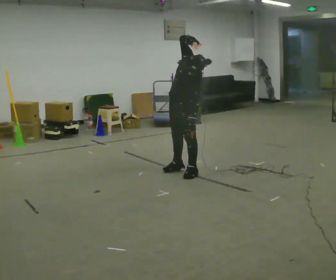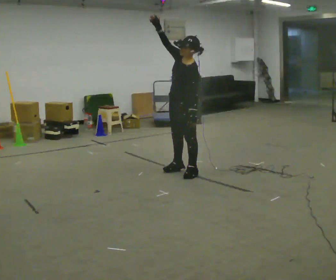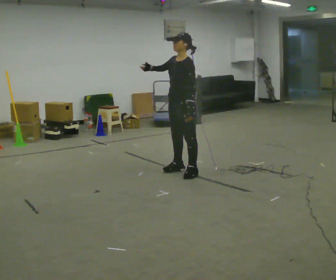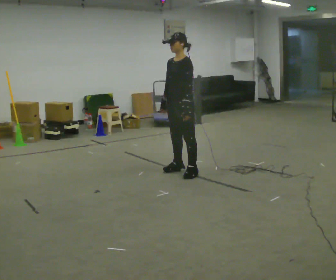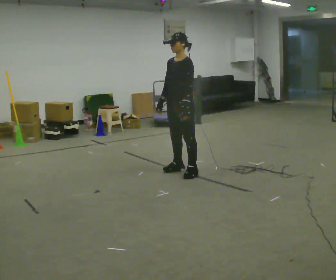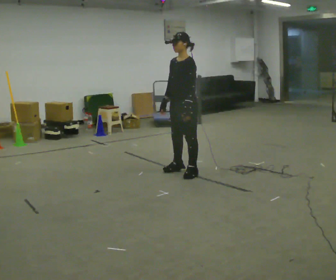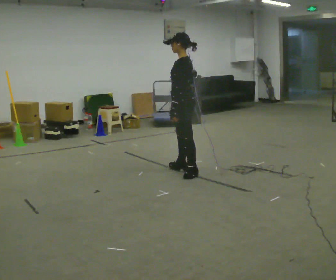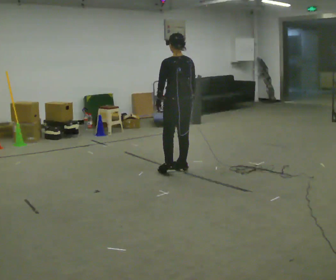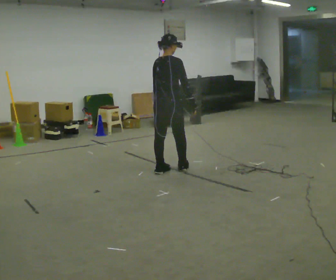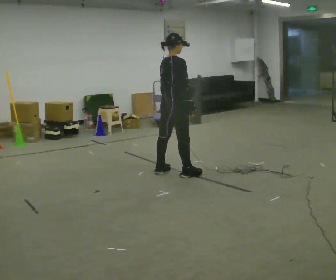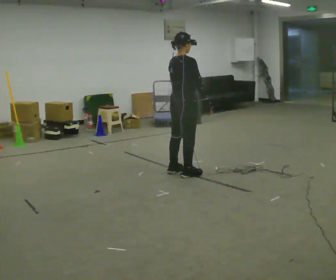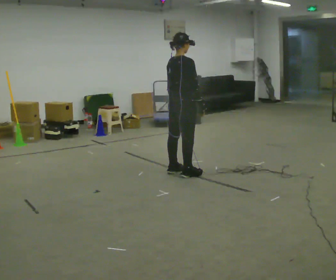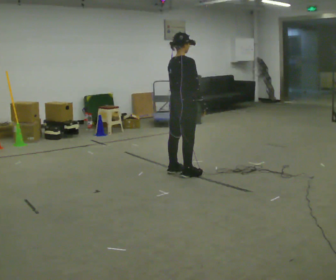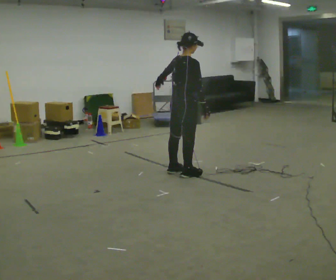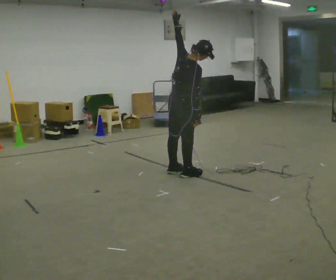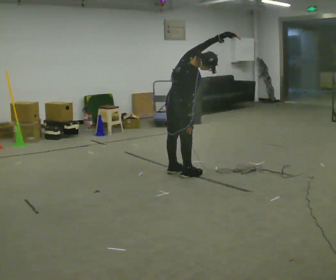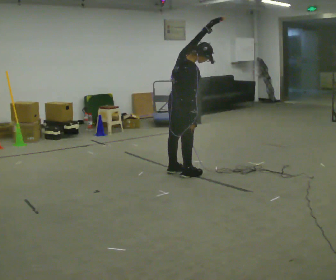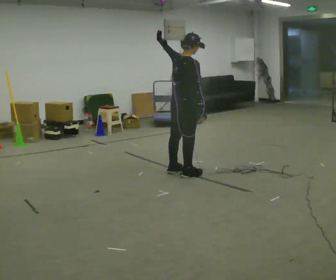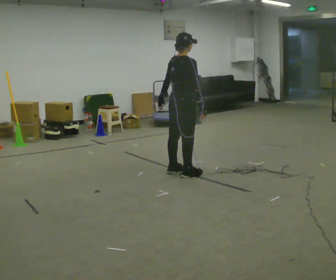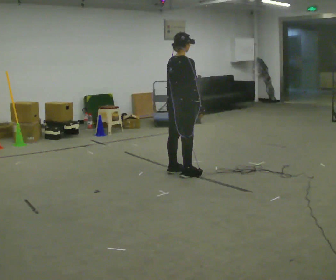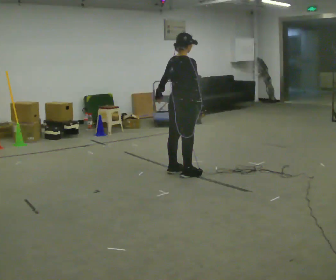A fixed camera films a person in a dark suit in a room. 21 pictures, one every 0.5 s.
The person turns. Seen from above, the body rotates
clockwise.
The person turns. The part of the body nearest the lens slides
to the left.
0.0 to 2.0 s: The upper body tips away from the camera, its near side rolling upward. In the picture their right hand goes downward.
2.0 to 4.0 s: The part of the body nearest the lens slides to the left as the person turns to their right by about 165 degrees. In the picture they go to the left, about 0.25 m in 1 step. In the picture their right hand goes to the right, the arm swinging counterclockwise.
4.0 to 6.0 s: In the picture they go to the right, about 0.25 m in 1 step, which for them is to their right.
6.0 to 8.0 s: In the picture their left hand goes upward.
8.0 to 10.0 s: In the picture their left hand goes downward and to the left, the arm swinging counterclockwise.
The film runs forward here.
